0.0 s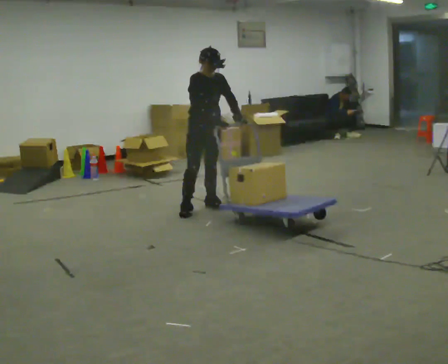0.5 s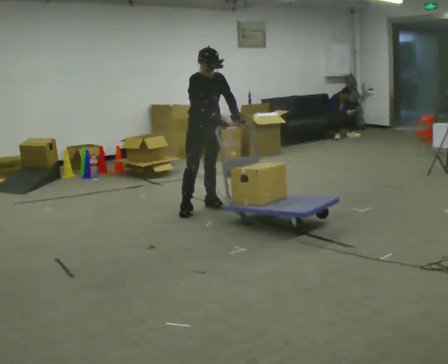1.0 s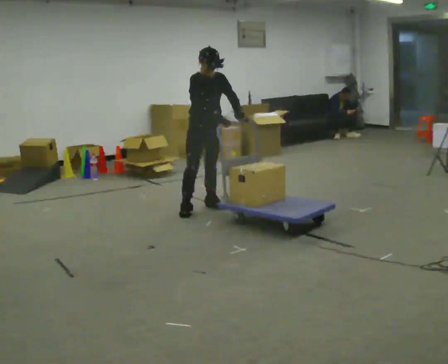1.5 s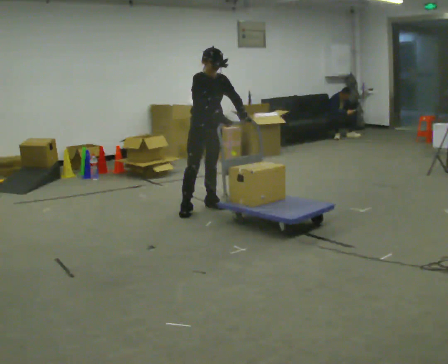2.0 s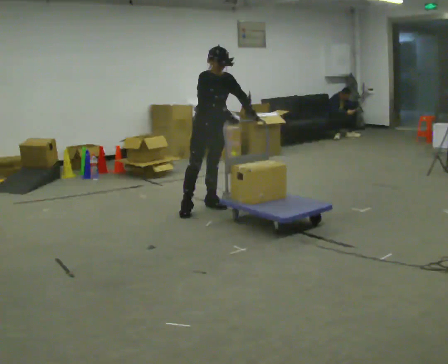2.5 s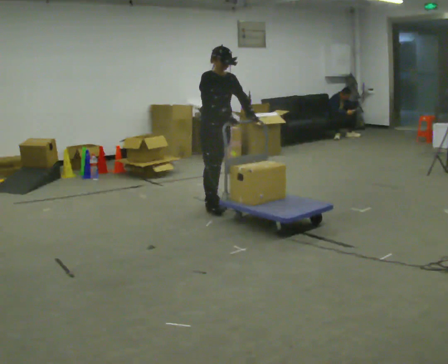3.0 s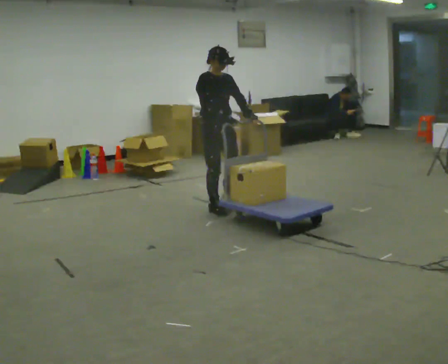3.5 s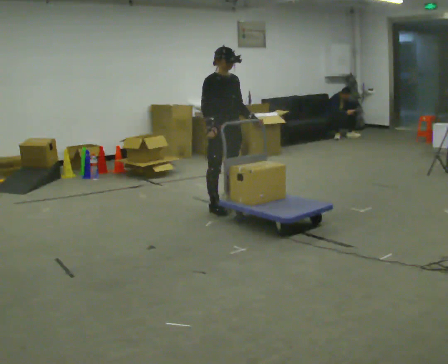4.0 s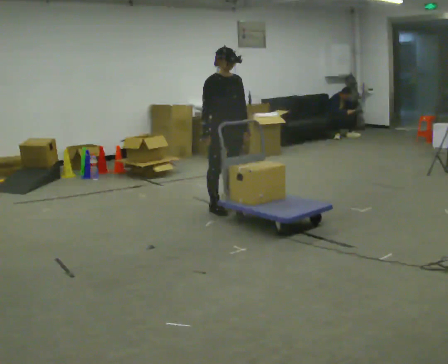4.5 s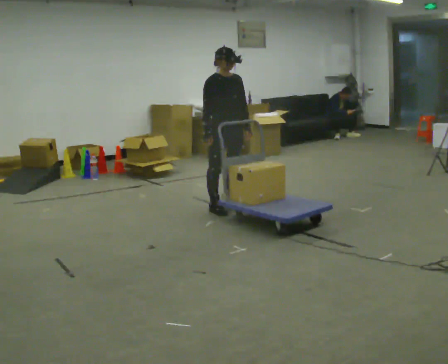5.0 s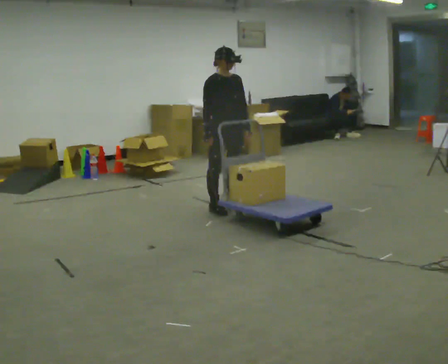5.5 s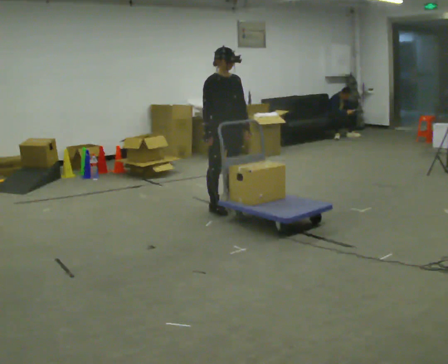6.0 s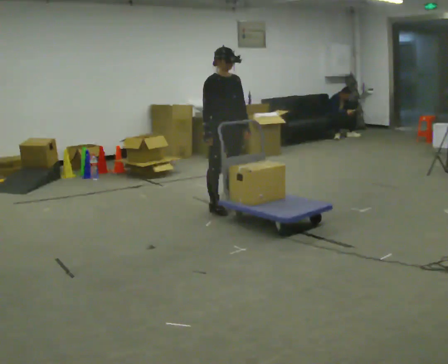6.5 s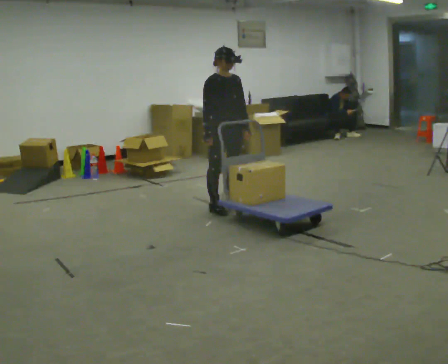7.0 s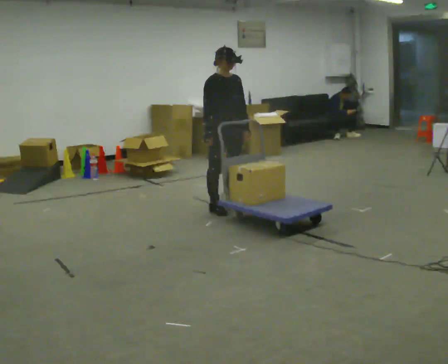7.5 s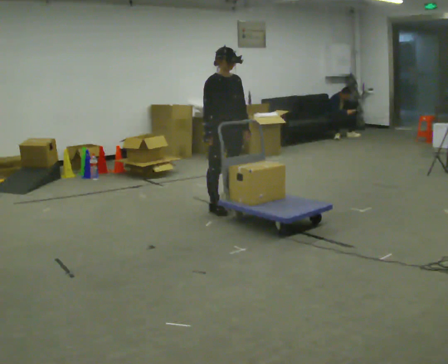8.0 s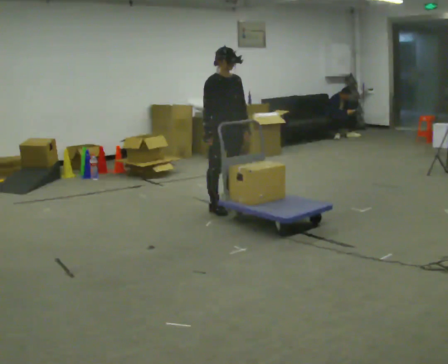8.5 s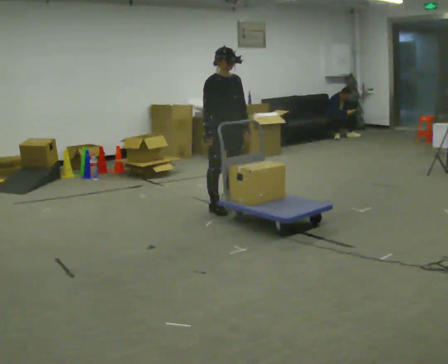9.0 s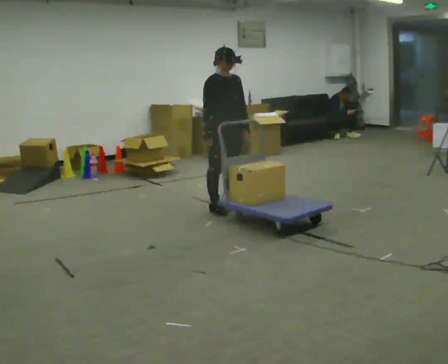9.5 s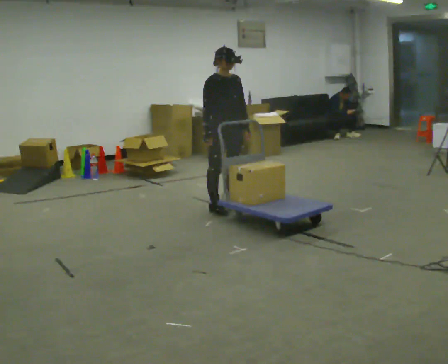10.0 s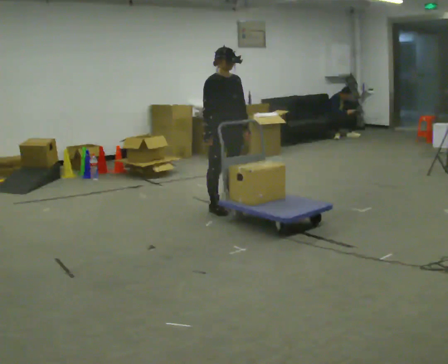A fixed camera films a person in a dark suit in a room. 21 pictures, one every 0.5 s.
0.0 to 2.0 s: The person moves a little, or ends about where they began.
2.0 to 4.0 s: In the picture they go to the right, about 0.25 m in 2 steps, which for them is forward.
4.0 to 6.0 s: The person moves a little, or ends about where they began.
6.0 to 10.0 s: The person keeps their place and pose.
The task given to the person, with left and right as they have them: Turn the cart round to face the other way without moving it out of the marked square, then turn it back. Repeat until the operator says stop.
The film runs forward here.
